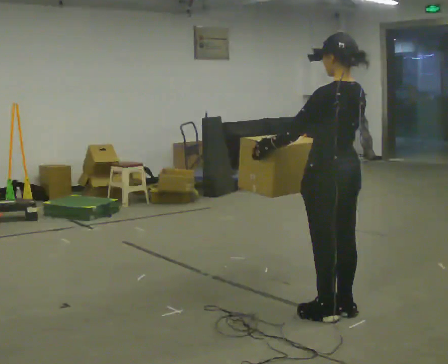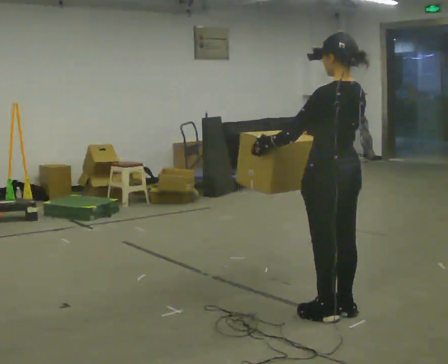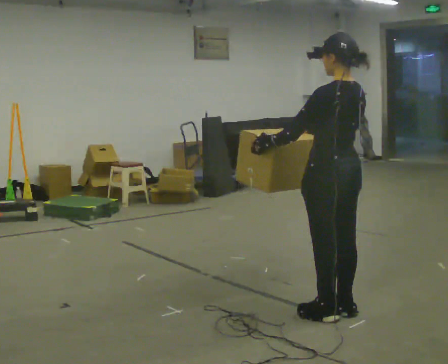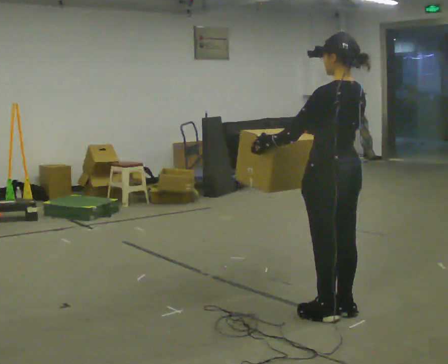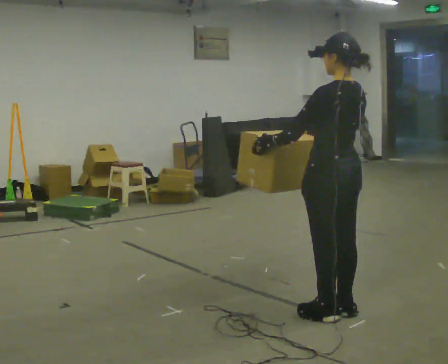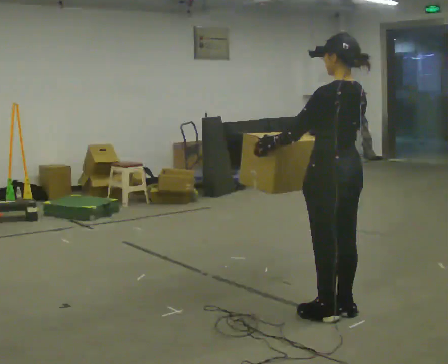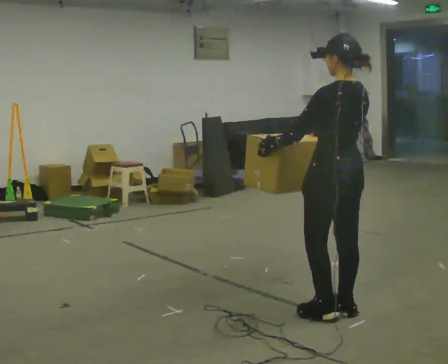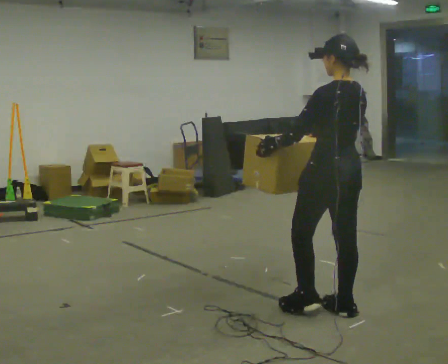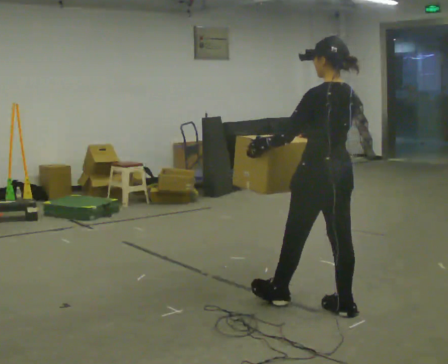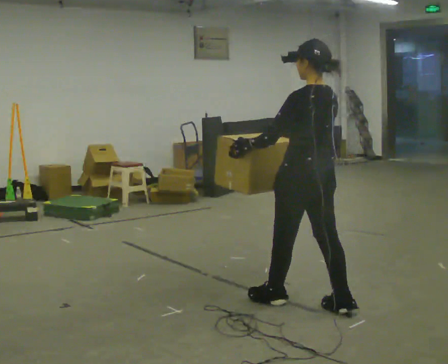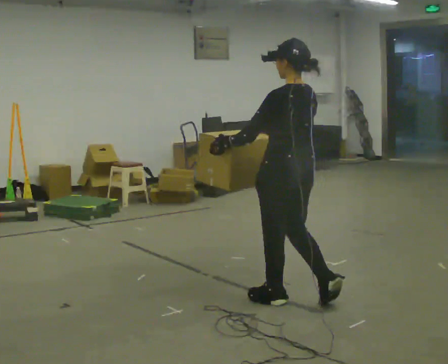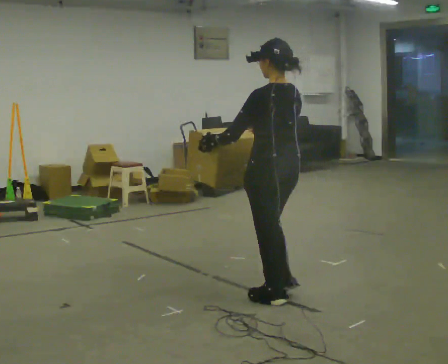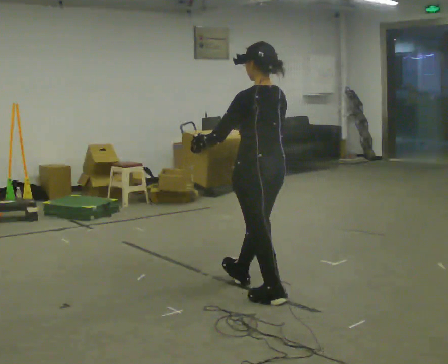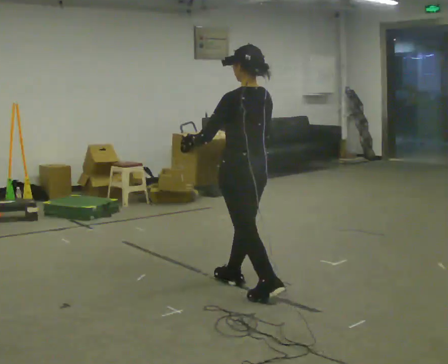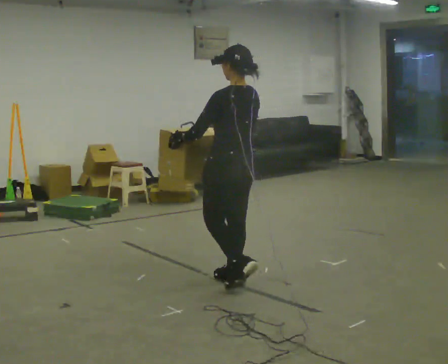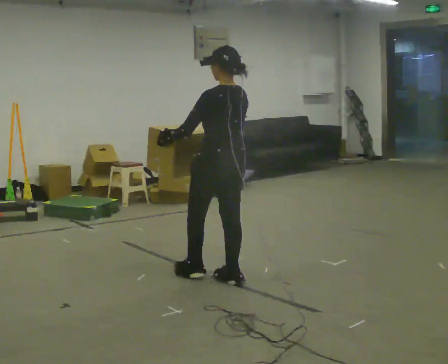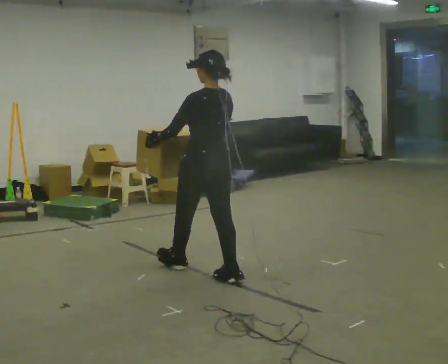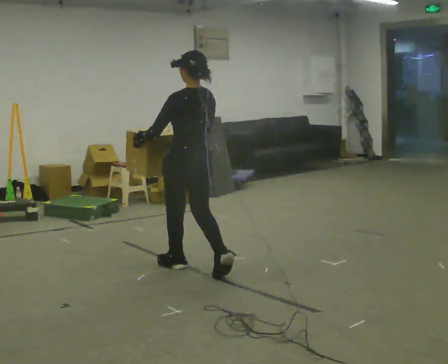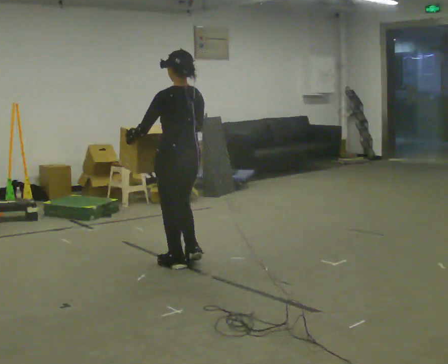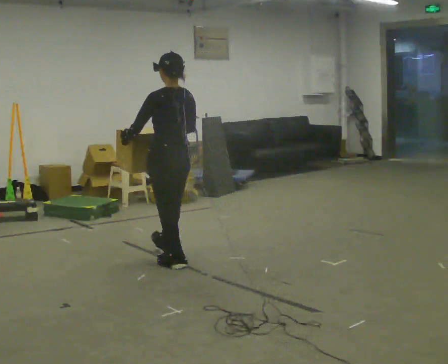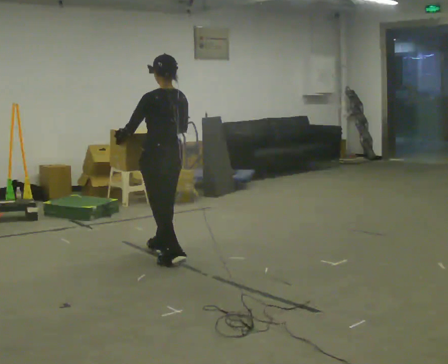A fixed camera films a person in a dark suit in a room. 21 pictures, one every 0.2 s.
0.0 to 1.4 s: The person moves a little, or ends about where they began.
1.4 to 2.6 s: In the picture they go to the left and away from the camera, about 0.75 m in 2 steps, which for them is forward.
2.6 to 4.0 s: In the picture they go away from the camera and to the left, about 1 m in 2 steps, which for them is forward.
The film runs forward here.
